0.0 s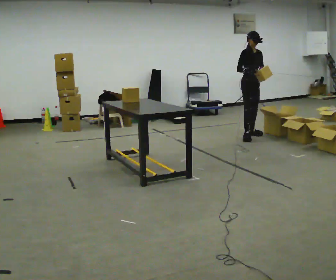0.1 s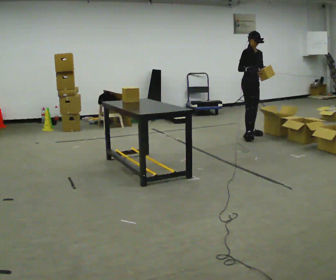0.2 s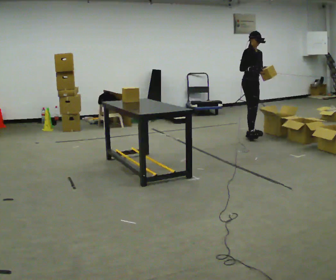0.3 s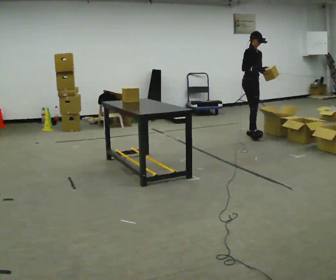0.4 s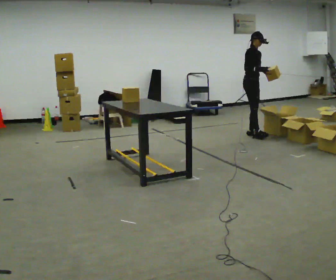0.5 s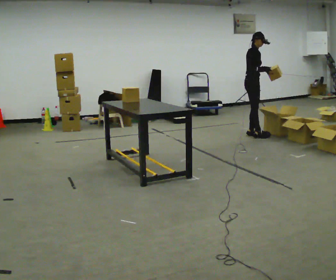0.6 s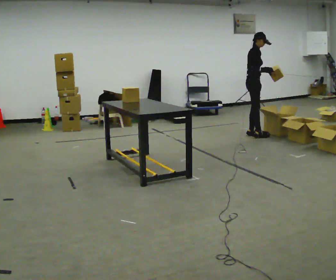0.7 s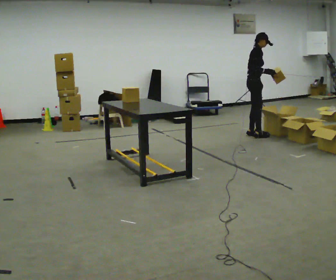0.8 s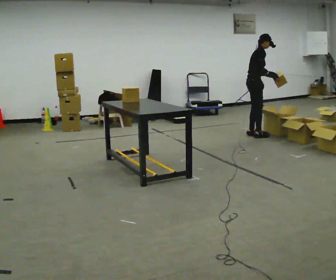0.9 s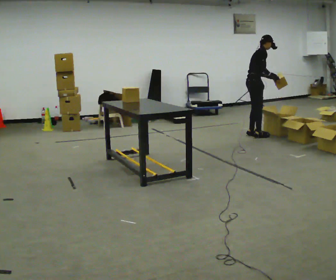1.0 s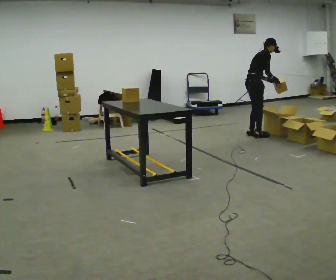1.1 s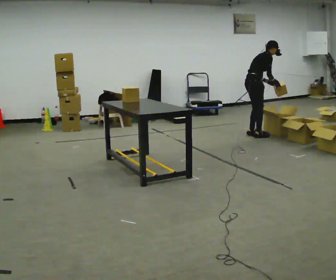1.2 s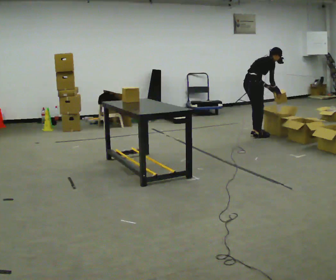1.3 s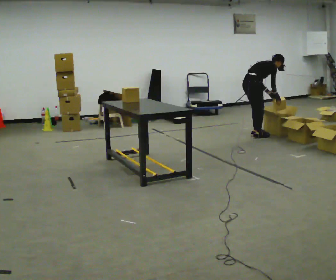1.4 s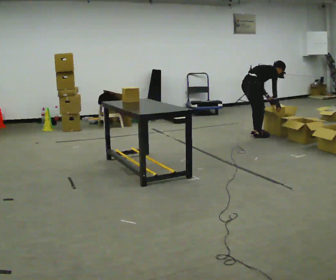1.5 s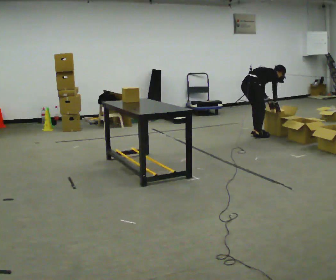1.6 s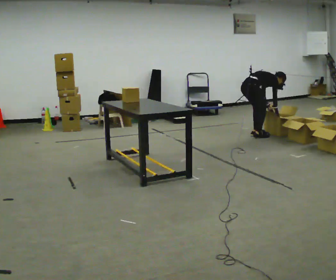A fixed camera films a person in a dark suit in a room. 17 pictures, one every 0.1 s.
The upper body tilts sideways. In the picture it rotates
clockwise.
The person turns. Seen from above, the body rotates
counterclockwise.
0.0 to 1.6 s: Seen from above the body turns counterclockwise, about 90 degrees: to their left, with its near side sliding to the right. The shoulders move downward. In the picture the upper body tilts clockwise, shoulders to the right, as they bend forward. In the picture their right hand goes downward and to the right.
The film runs backward here.
